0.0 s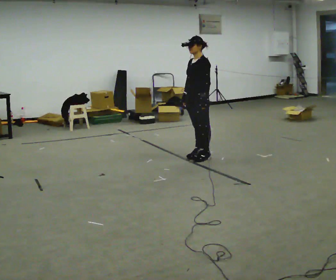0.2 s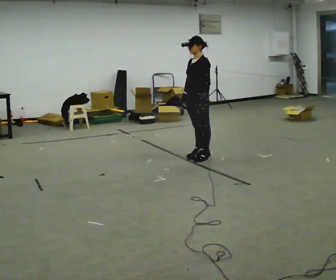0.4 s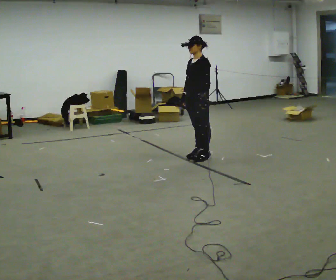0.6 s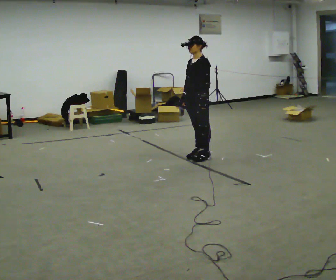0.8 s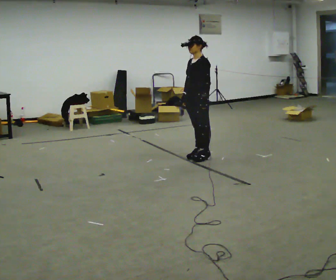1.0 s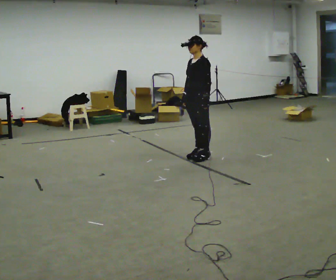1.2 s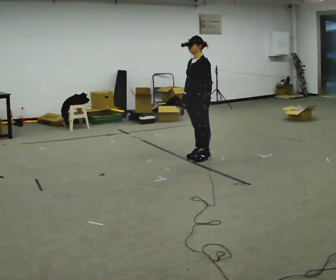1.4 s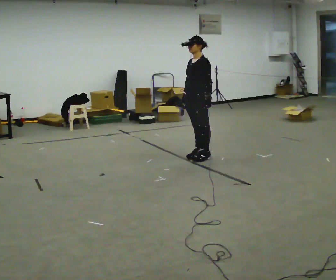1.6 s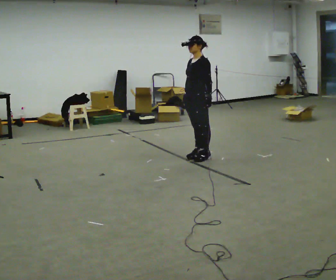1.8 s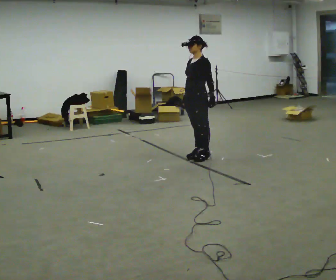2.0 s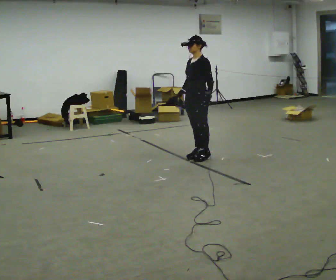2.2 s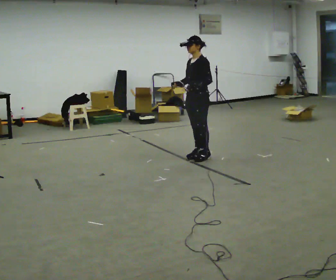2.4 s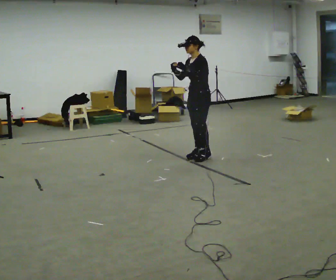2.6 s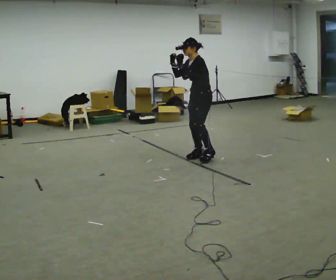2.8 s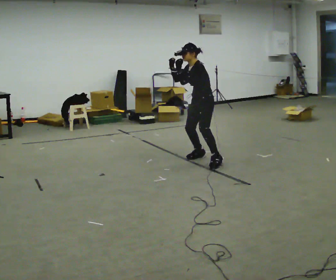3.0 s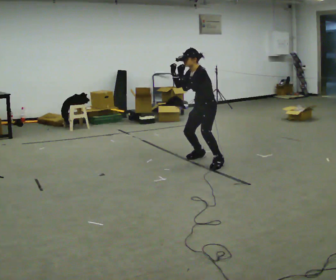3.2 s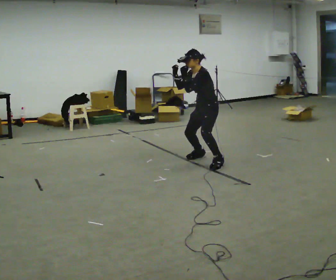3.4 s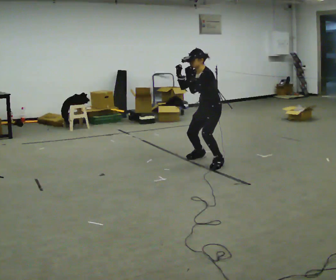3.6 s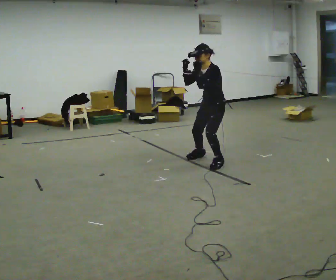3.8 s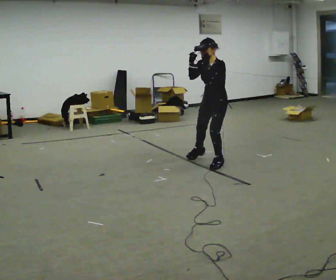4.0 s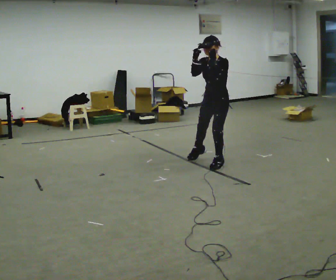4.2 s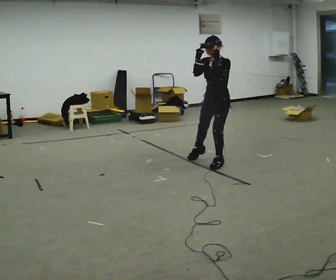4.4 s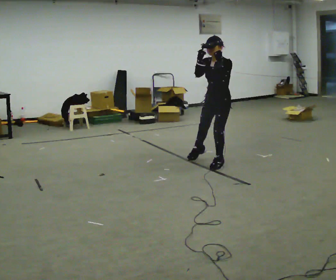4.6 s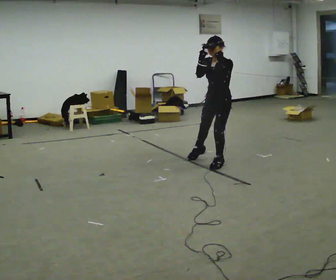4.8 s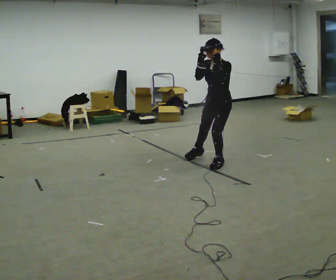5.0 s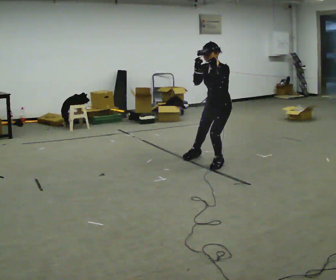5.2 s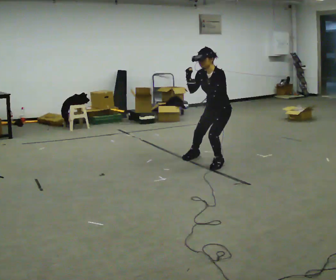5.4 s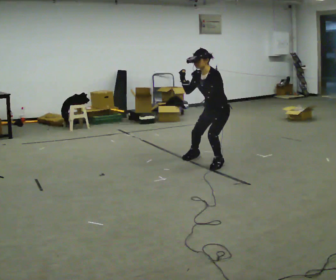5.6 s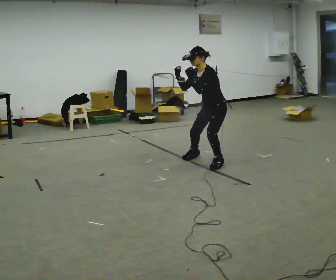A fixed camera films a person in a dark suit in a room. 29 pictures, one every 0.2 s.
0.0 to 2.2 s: The person moves a little, or ends about where they began.
2.2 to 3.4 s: In the picture they go toward the camera and to the right, about 0.25 m in 1 step, which for them is to their left. In the picture the upper body tilts counterclockwise, shoulders to the left, as they bend forward.
3.4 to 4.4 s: In the picture they go toward the camera, about 0.25 m, which for them is to their left. In the picture their left hand goes to the right.
4.4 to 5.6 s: In the picture the upper body tilts counterclockwise, shoulders to the left.
The film runs backward here.
